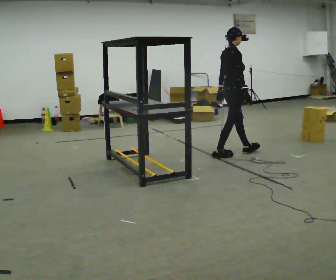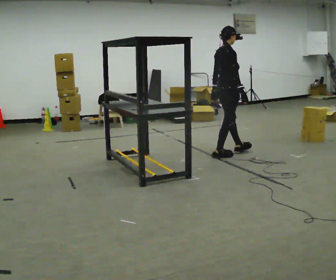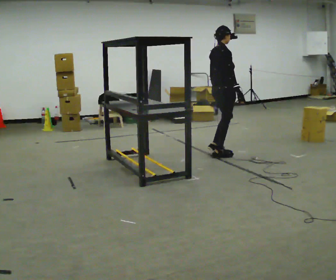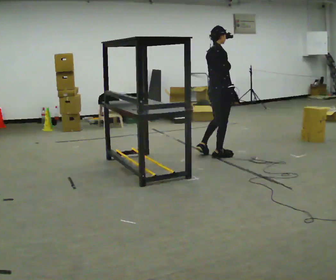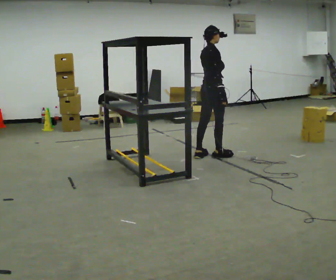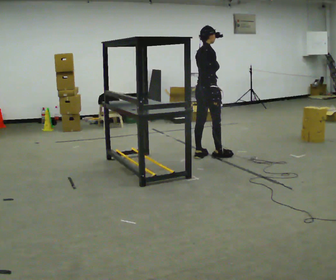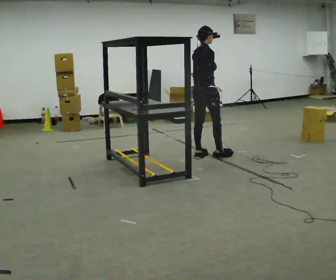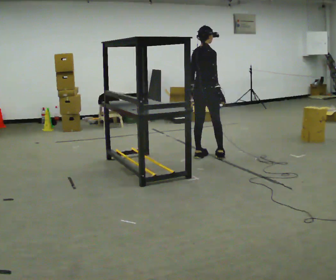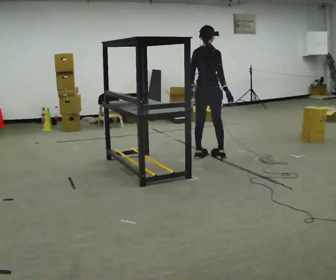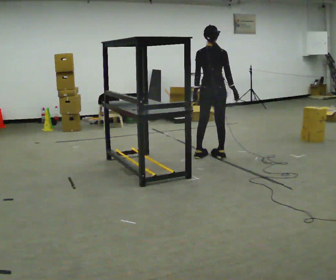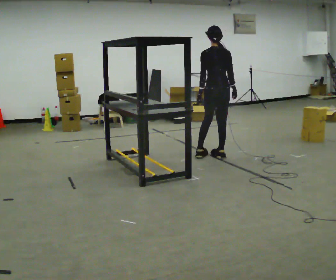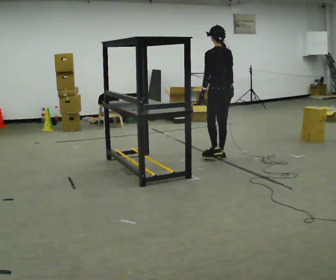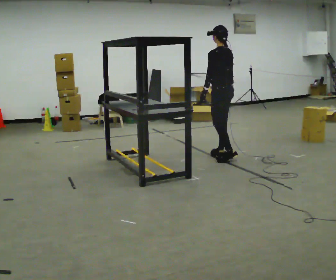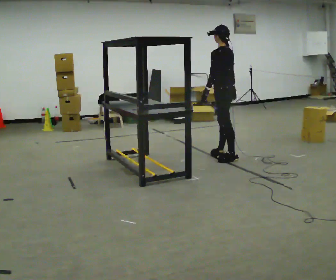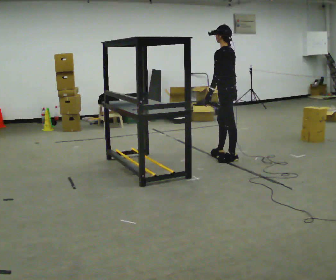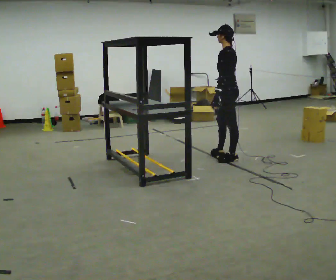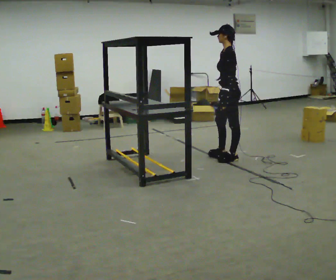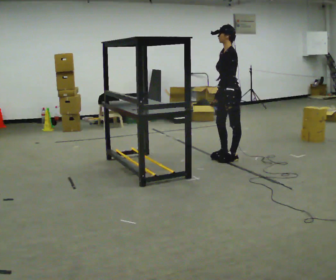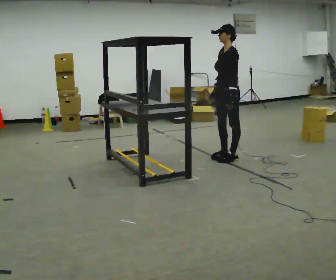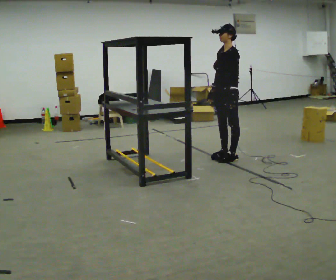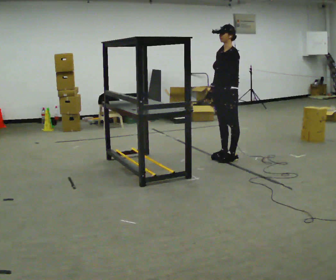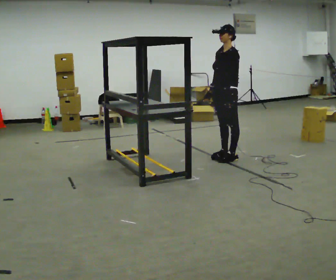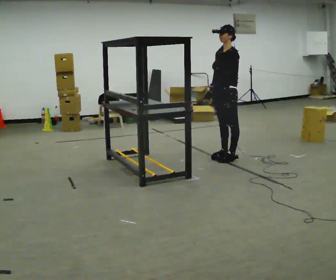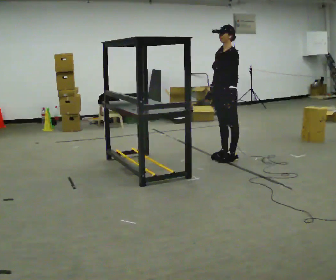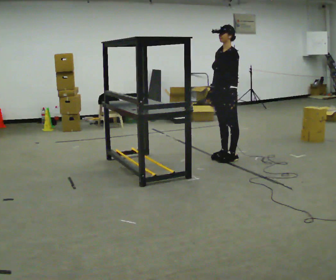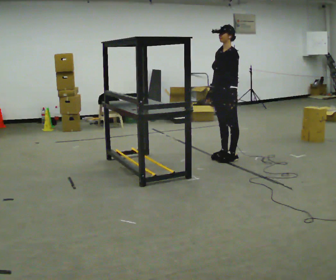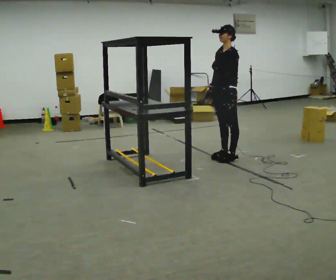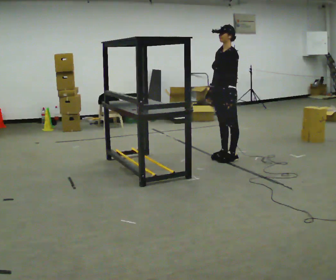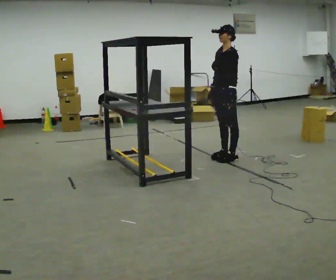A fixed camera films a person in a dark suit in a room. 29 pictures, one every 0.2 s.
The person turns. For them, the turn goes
to their left.
The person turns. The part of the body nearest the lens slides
to the right.
0.0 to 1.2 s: In the picture they go to the left, about 0.25 m in 1 step, which for them is backward.
1.2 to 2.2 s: The part of the body nearest the lens slides to the right as the person turns to their left by about 90 degrees. In the picture they go to the right, about 0.25 m in 1 step.
2.2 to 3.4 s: The person turns about 60 degrees to their left, counterclockwise seen from above, so the part of the body nearest the lens slides to the right. In the picture their left hand goes to the right.
3.4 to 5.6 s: The person moves a little, or ends about where they began.
The film runs backward here.
